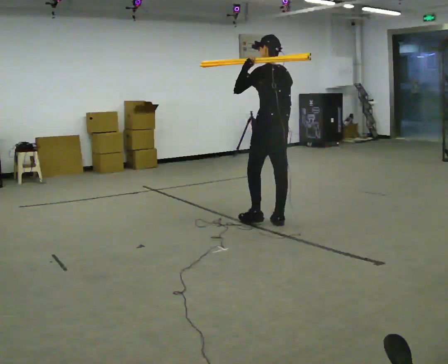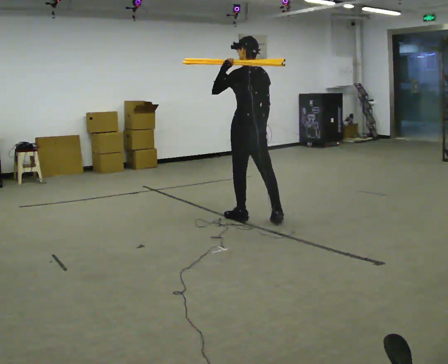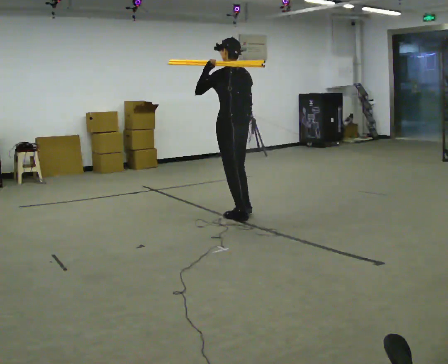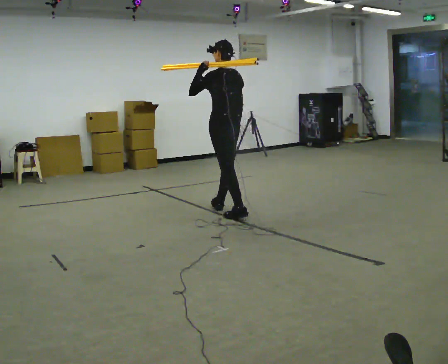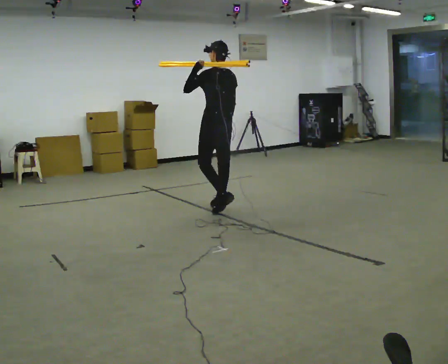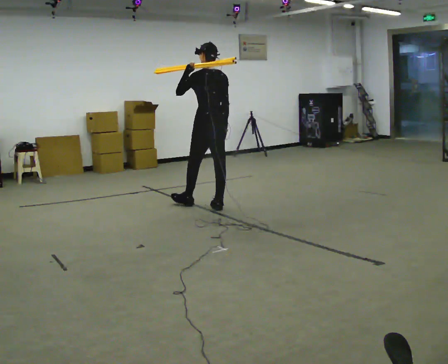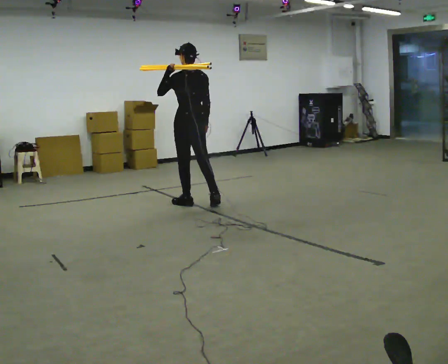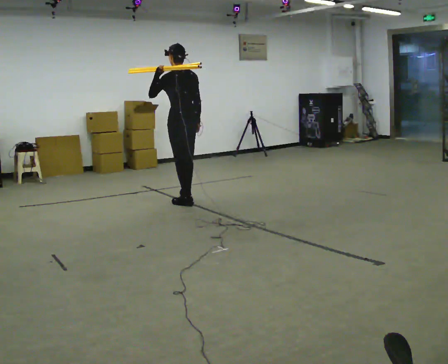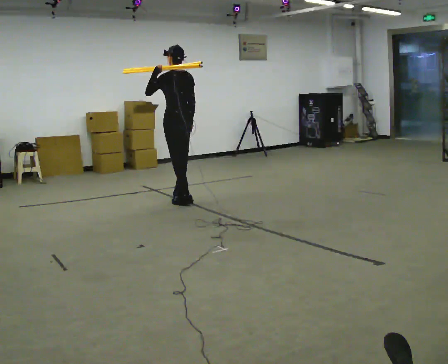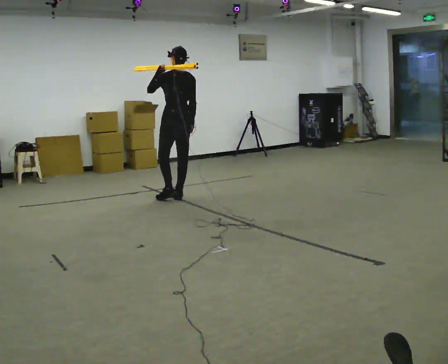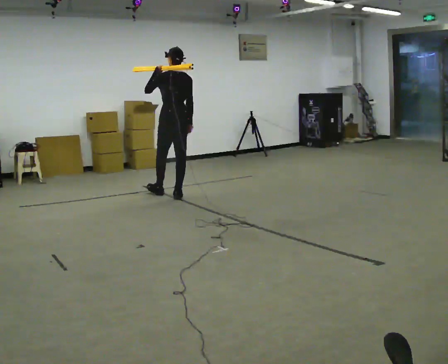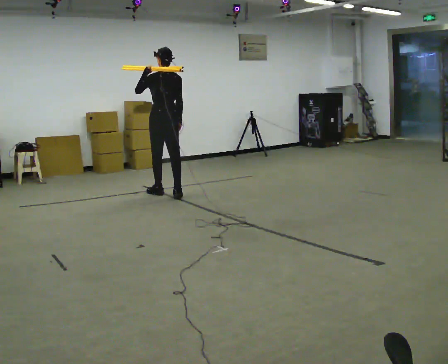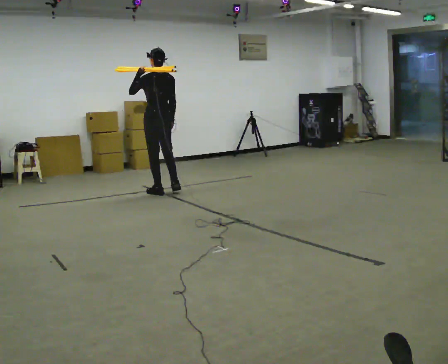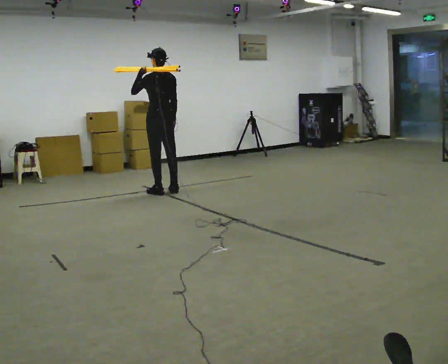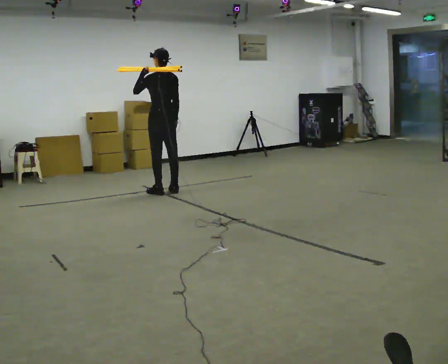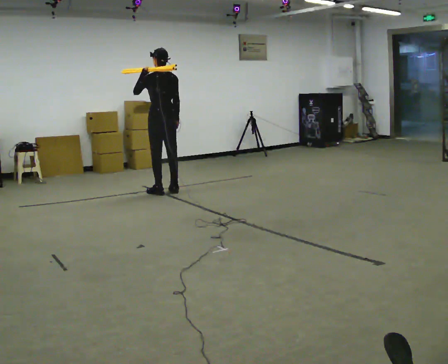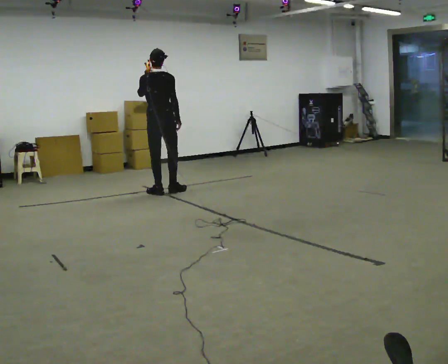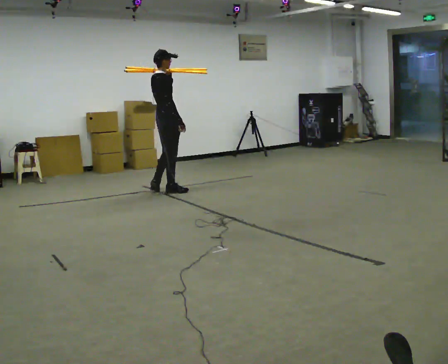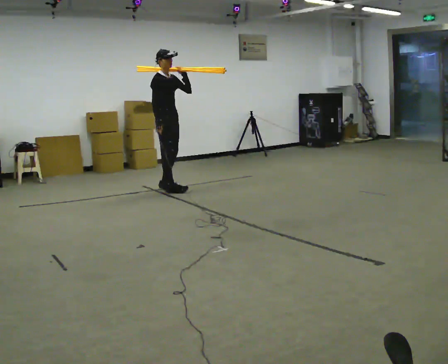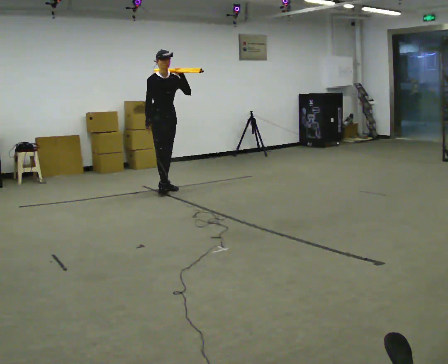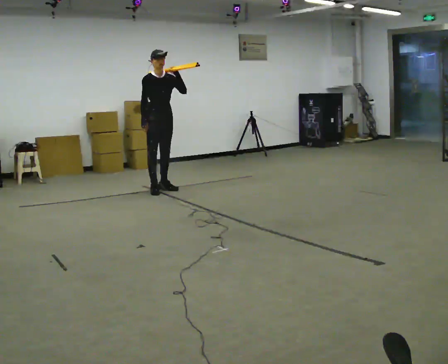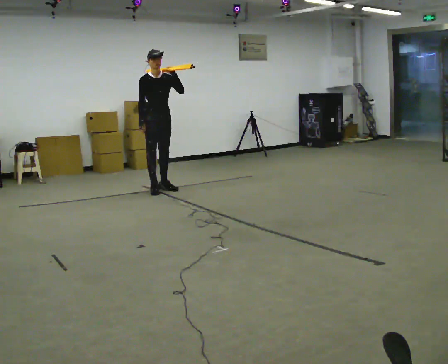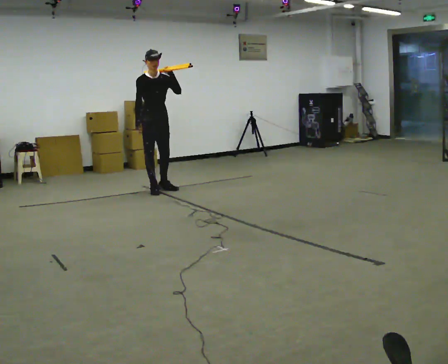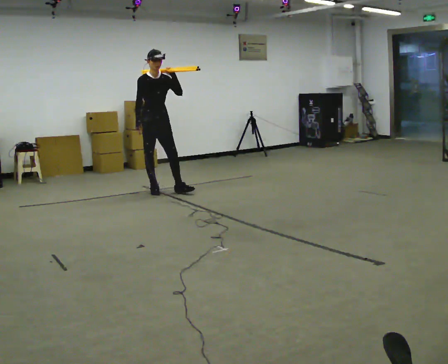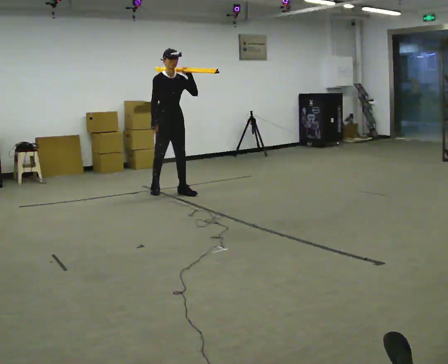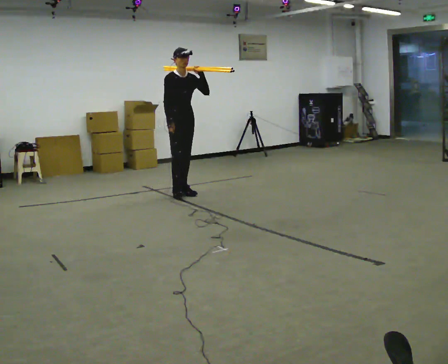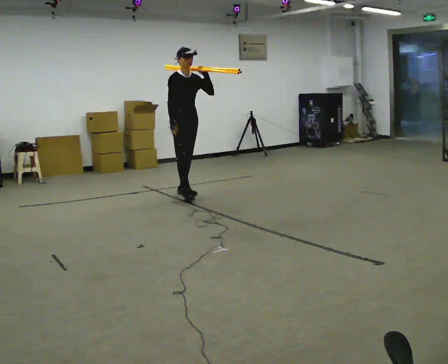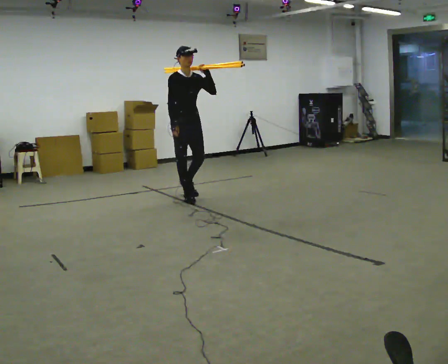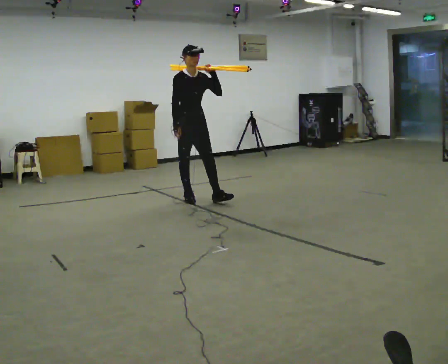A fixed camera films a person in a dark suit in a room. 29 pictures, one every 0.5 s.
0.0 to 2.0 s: In the picture they go away from the camera and to the left, about 0.5 m in 2 steps, which for them is forward.
2.0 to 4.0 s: In the picture they go away from the camera and to the left, about 0.5 m in 2 steps, which for them is forward.
4.0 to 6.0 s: In the picture they go away from the camera and to the left, about 0.5 m in 1 step, which for them is forward.
6.0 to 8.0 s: Seen from above the body turns clockwise, about 45 degrees: to their right, with its near side sliding to the left.
8.0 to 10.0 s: The part of the body nearest the lens slides to the left as the person turns to their right by about 135 degrees. In the picture they go away from the camera, about 0.25 m in 1 step. In the picture their left hand goes to the right.
10.0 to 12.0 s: In the picture they go toward the camera, about 0.25 m in 1 step, which for them is forward.
12.0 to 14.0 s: In the picture they go toward the camera and to the right, about 0.5 m in 2 steps, which for them is forward.
The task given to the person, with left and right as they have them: Rest the long object on the shoulder the operator calls and carry it across the room, back and forth.
The film runs forward here.
